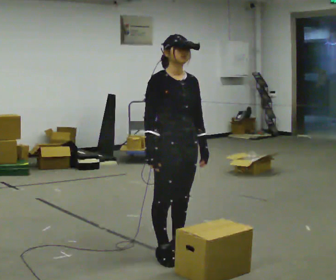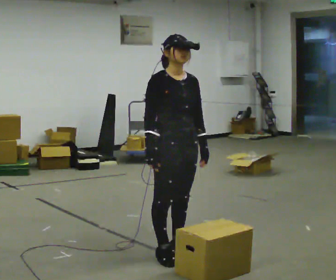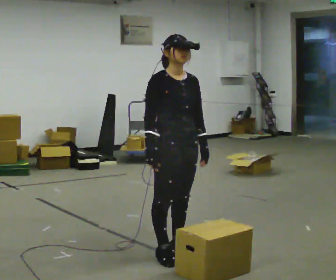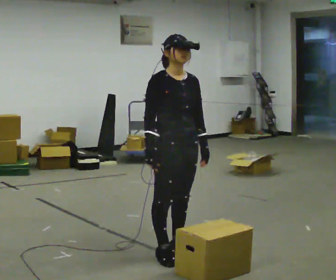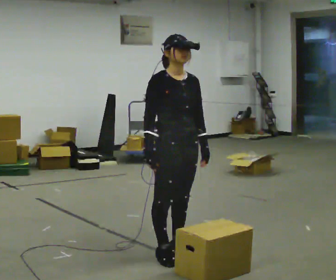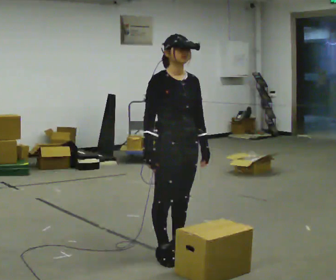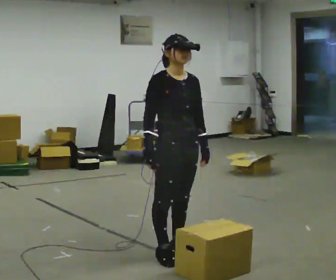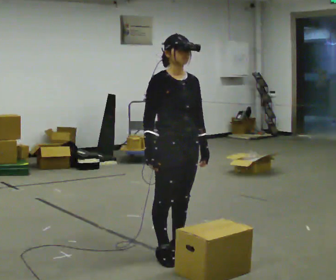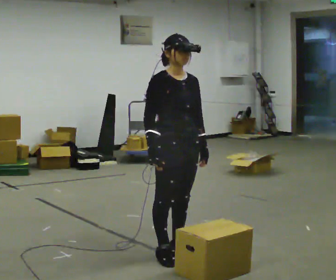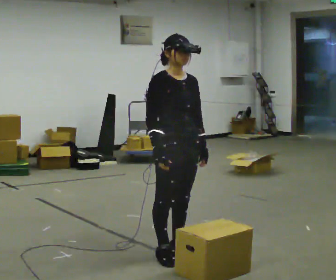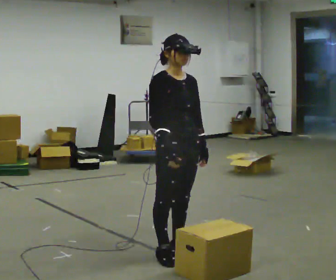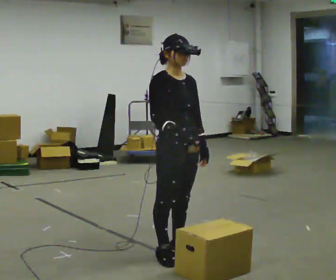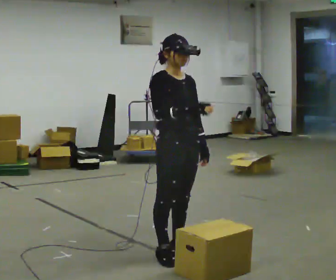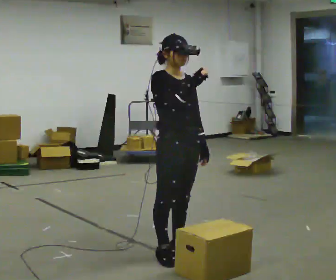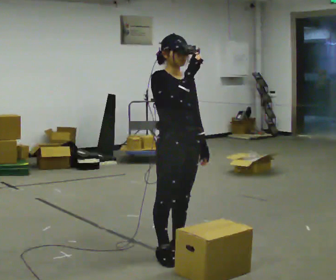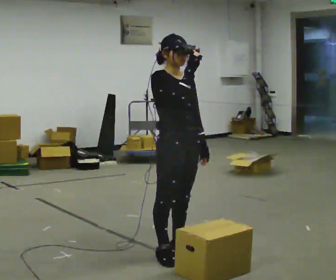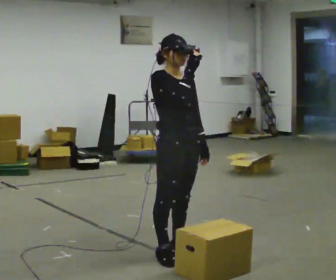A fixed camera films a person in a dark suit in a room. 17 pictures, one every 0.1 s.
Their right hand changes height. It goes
upward.
0.0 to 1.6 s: In the picture their right hand goes upward.
The film runs backward here.
